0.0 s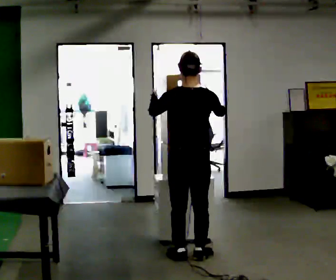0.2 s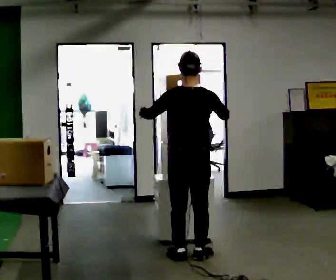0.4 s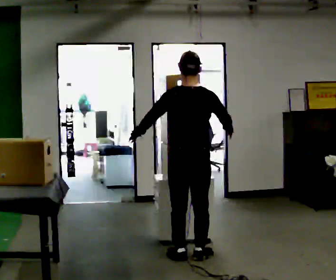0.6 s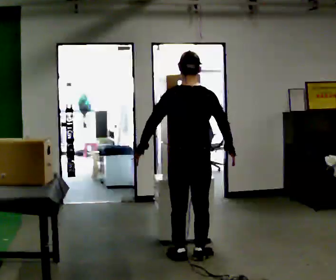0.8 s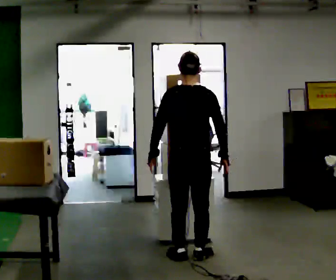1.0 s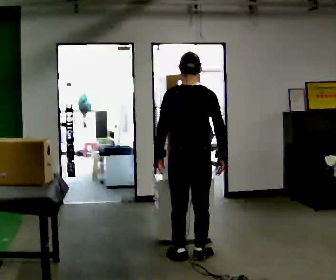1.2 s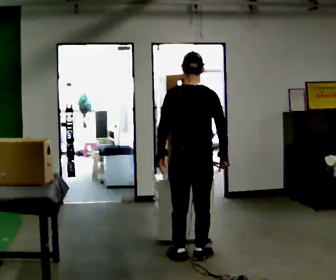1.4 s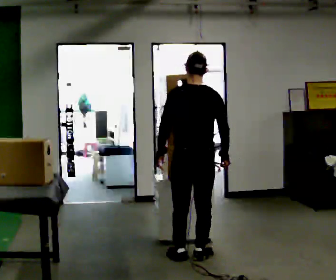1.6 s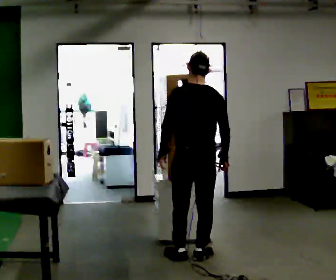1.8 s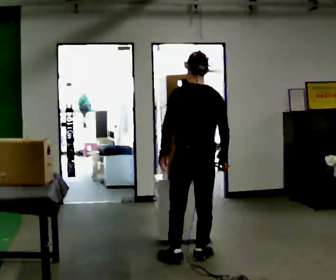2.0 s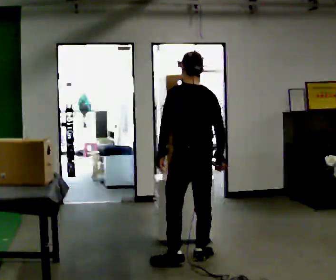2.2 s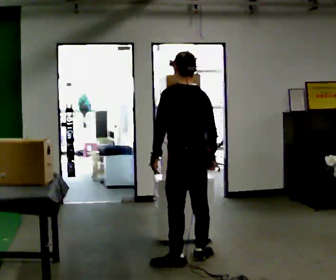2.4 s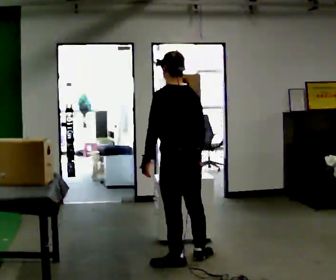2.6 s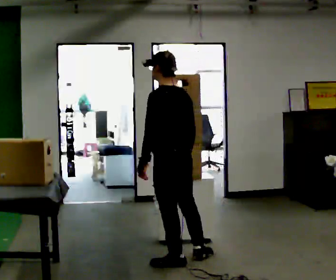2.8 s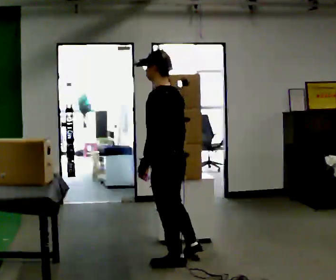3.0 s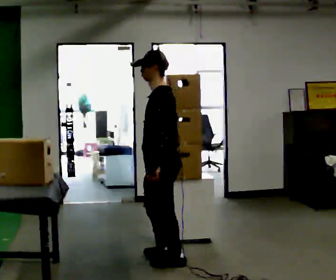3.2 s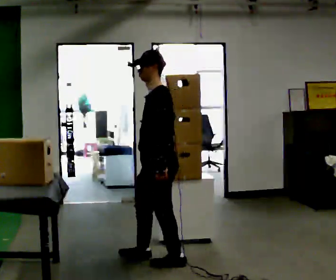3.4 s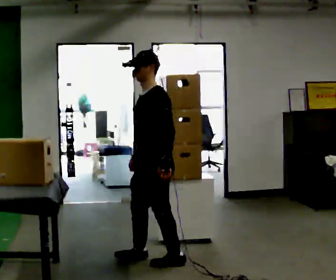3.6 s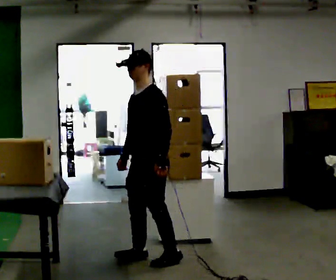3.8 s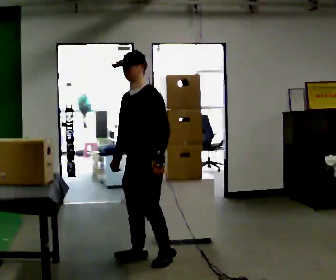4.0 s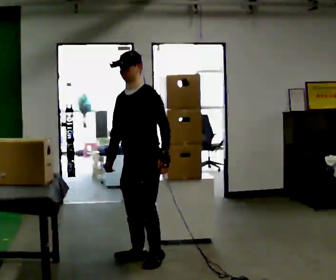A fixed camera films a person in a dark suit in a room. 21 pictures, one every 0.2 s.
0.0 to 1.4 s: In the picture their right hand goes downward.
1.4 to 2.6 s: The person turns about 45 degrees to their left, counterclockwise seen from above, so the part of the body nearest the lens slides to the right. In the picture they go to the left, about 0.25 m, which for them is to their left.
2.6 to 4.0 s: The part of the body nearest the lens slides to the right as the person turns to their left by about 90 degrees. In the picture they go to the left, about 0.25 m in 1 step.
The film runs forward here.
